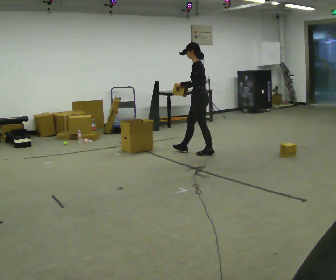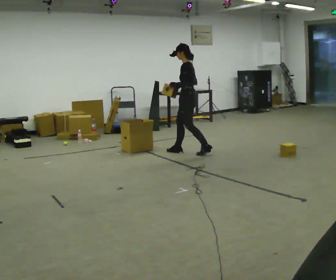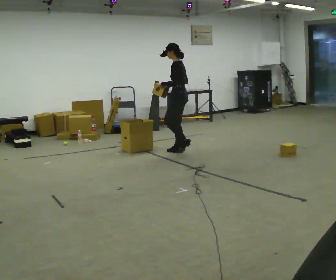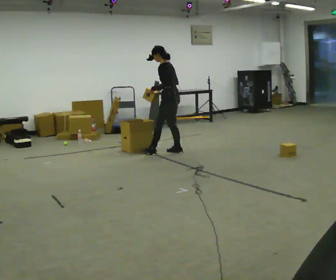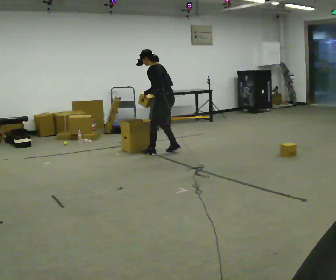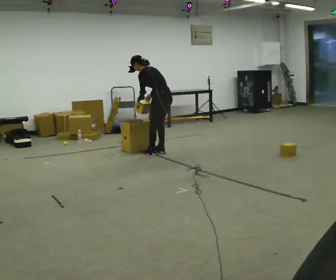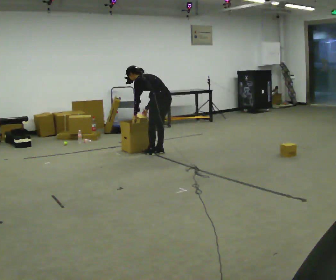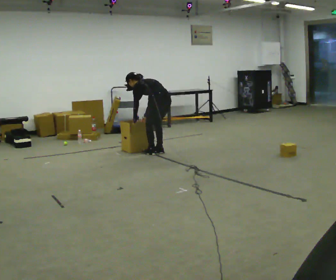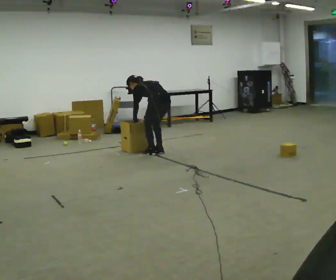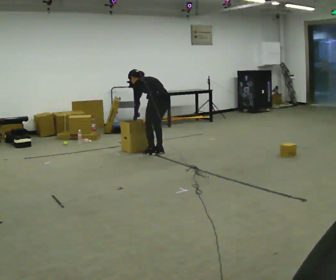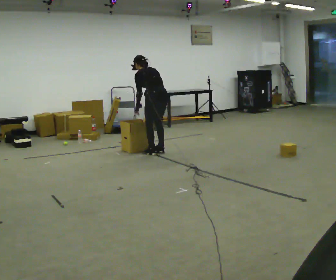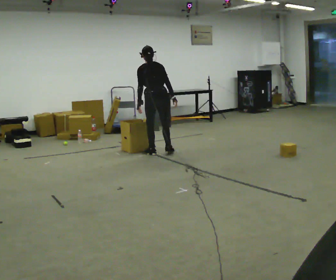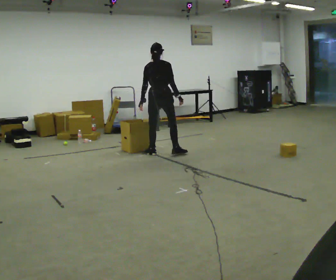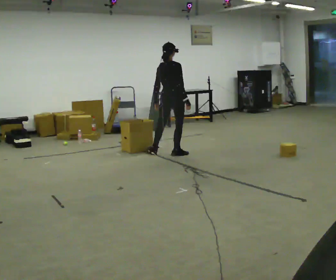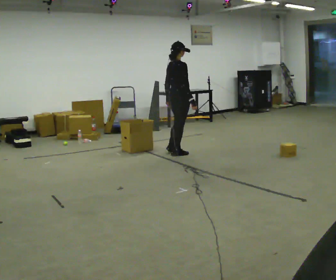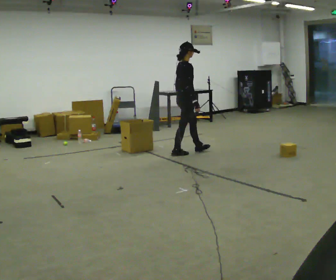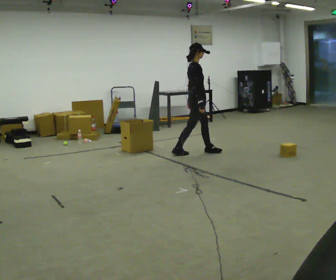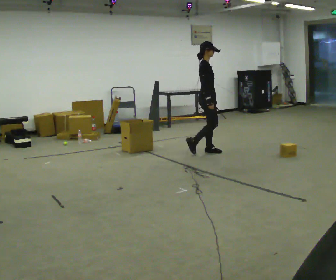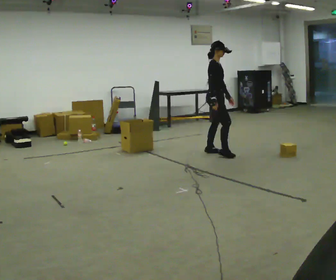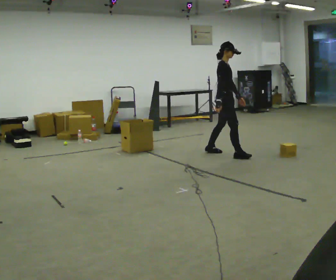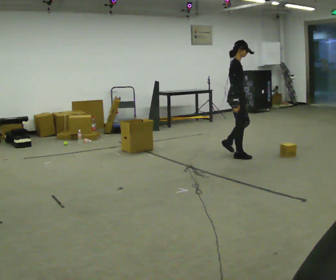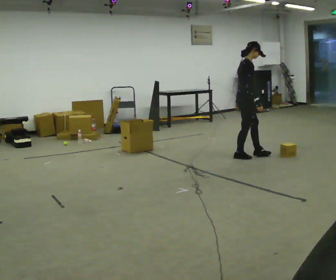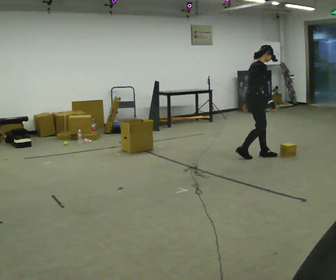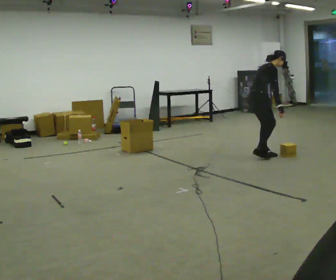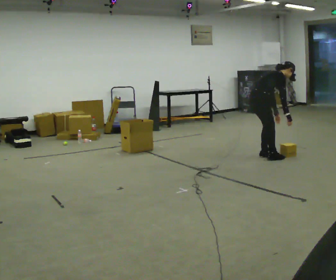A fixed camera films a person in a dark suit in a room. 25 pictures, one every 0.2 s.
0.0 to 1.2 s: Seen from above the body turns clockwise, about 30 degrees: to their right, with its near side sliding to the left. In the picture they go to the left, about 0.5 m in 3 steps, which for them is forward and to their left. The shoulders move downward. The upper body tips away from the camera, its near side rolling upward, as they bend forward. In the picture their right hand goes downward.
1.2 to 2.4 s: The person turns about 60 degrees to their right, clockwise seen from above, so the part of the body nearest the lens slides to the left. In the picture the upper body tilts clockwise, shoulders to the right, as they lean back or straighten. In the picture their right hand goes to the right.
2.4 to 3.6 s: Seen from above the body turns clockwise, about 90 degrees: to their right, with its near side sliding to the left. In the picture they go to the right, about 1 m in 1 step.
3.6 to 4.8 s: In the picture they go to the right and toward the camera, about 0.75 m in 3 steps, which for them is forward and to their right. The upper body goes downward. In the picture the upper body tilts clockwise, shoulders to the right, as they bend forward.
The film runs forward here.
